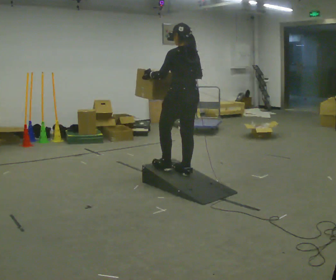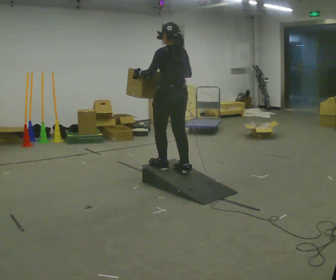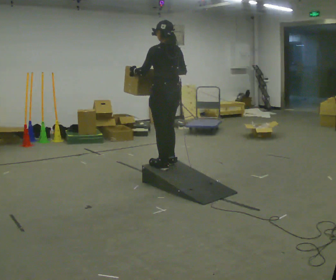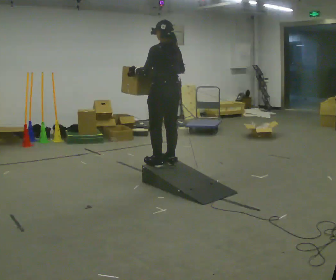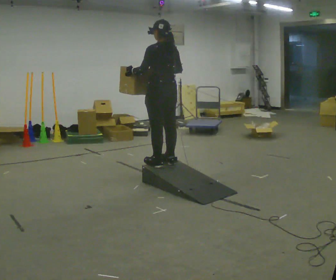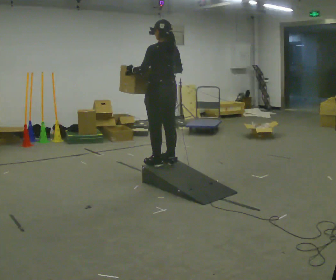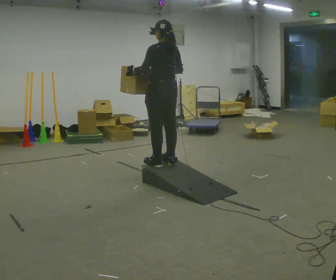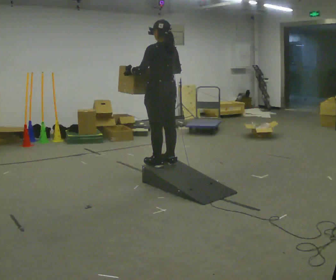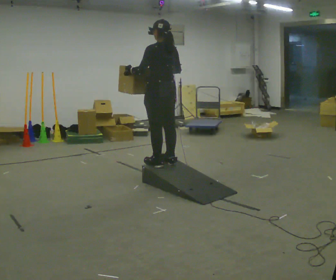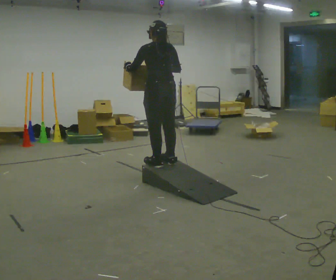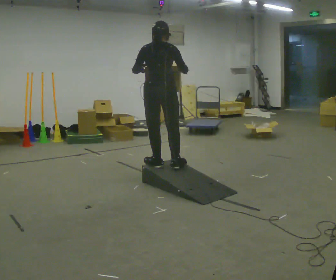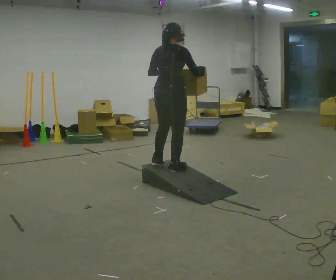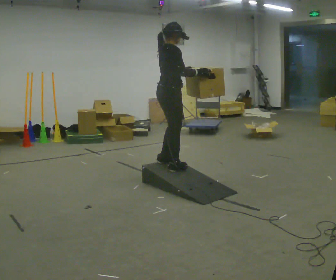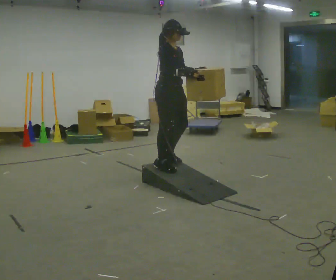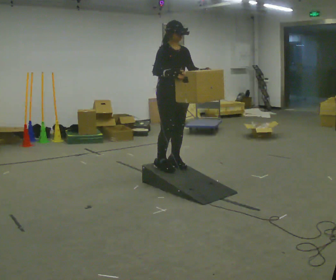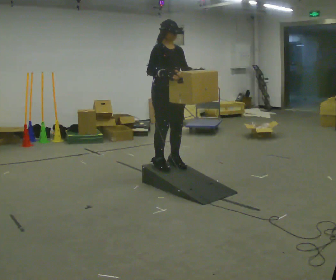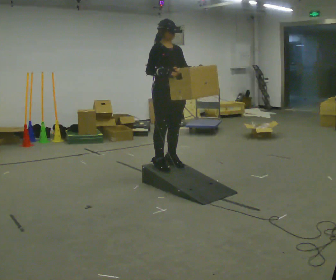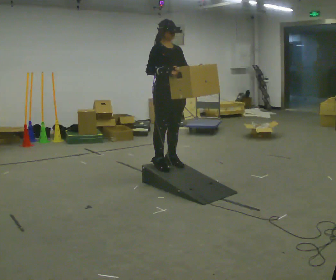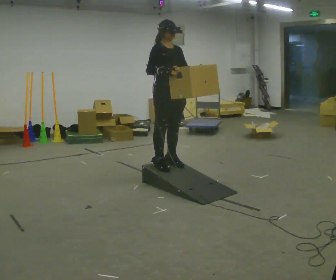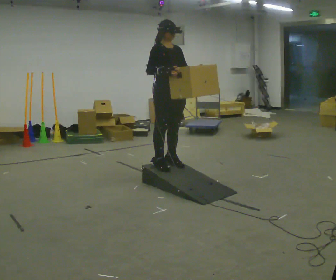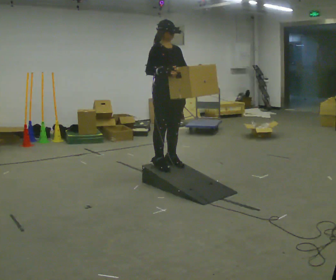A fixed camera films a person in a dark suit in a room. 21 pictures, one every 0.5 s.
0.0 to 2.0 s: In the picture they go to the left and away from the camera, about 0.25 m in 2 steps, which for them is forward.
2.0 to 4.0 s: The person moves a little, or ends about where they began.
4.0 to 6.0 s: Seen from above the body turns clockwise, about 105 degrees: to their right, with its near side sliding to the left. In the picture their left hand goes to the right.
6.0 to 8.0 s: The part of the body nearest the lens slides to the left as the person turns to their right by about 60 degrees. In the picture their right hand goes to the left.
8.0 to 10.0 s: The person moves a little, or ends about where they began.
The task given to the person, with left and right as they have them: Carry the box up the ramp, turn at the top, and carry it back down. Keep going until the operator says stop; one object at a time, and do not rush between trips.
The film runs forward here.
